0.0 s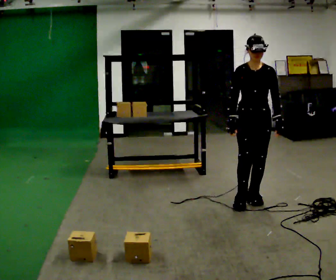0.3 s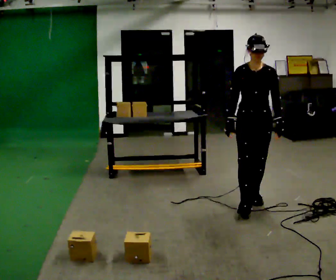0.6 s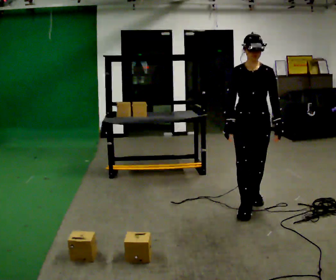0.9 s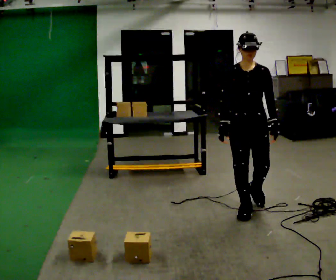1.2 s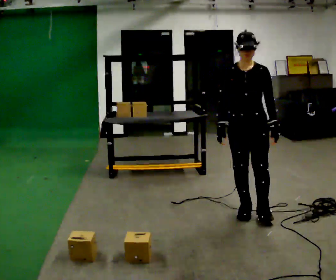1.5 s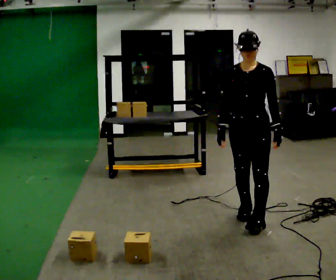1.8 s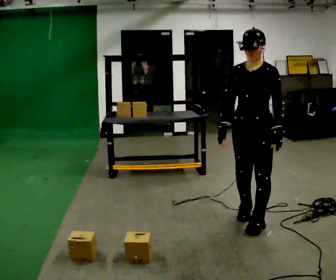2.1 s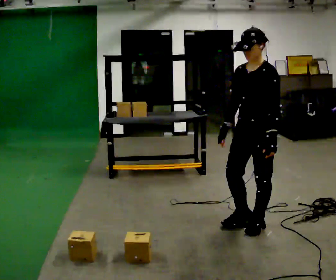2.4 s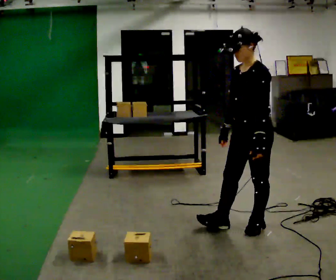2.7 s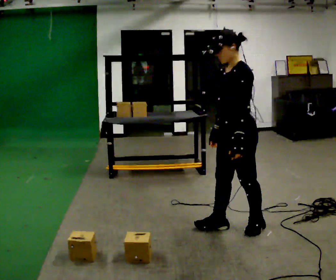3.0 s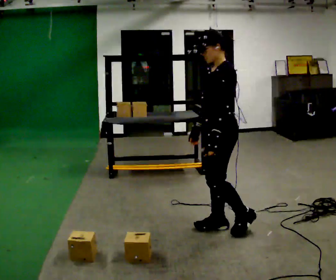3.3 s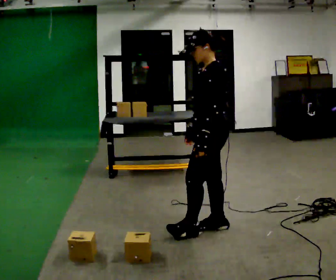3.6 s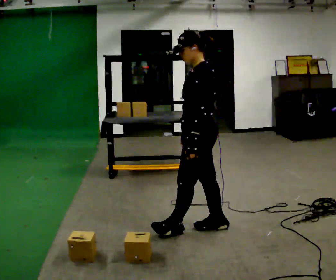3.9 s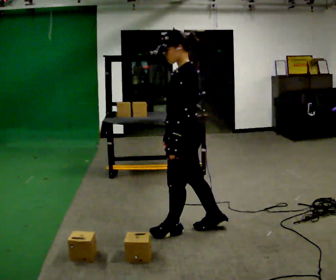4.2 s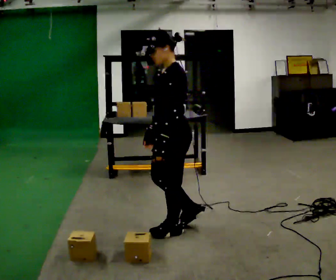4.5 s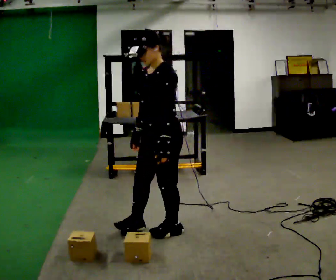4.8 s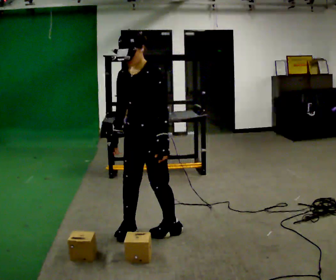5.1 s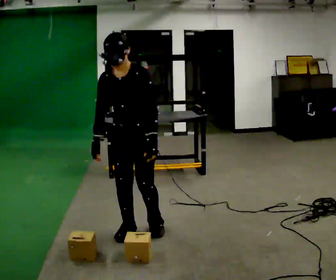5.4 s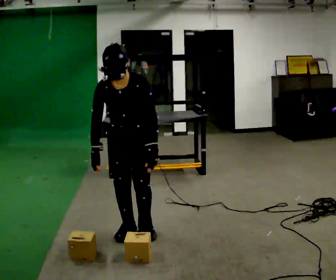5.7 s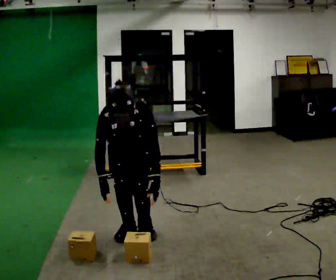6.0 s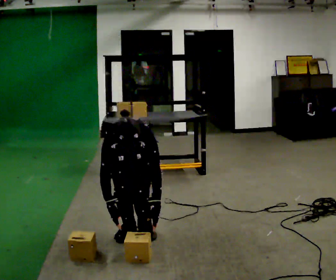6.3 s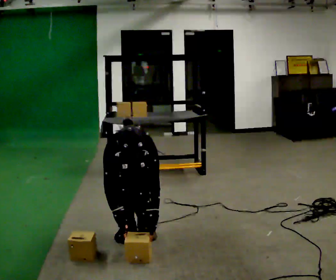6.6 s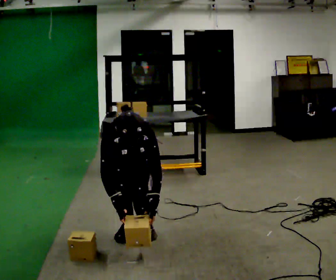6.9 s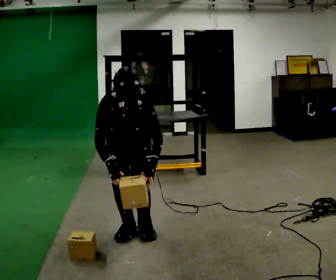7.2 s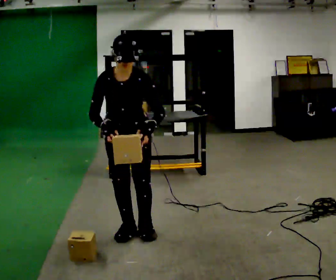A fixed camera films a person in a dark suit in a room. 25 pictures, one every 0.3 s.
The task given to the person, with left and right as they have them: Carry the box over and put it on the shelf with the label facing out towards you. Get the orientation right, not just the position. Keep going until the operator says stop; one object at a time, and do not rush between trips.
0.0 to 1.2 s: In the picture they go toward the camera, about 0.25 m in 1 step, which for them is forward.
1.2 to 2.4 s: Seen from above the body turns clockwise, about 60 degrees: to their right, with its near side sliding to the left. In the picture they go toward the camera, about 0.25 m in 2 steps, which for them is forward and to their left.
2.4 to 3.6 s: The person turns about 30 degrees to their right, clockwise seen from above, so the part of the body nearest the lens slides to the left. In the picture they go to the left, about 0.5 m in 1 step, which for them is forward.
3.6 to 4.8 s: Seen from above the body turns counterclockwise, about 60 degrees: to their left, with its near side sliding to the right. In the picture they go to the left, about 0.5 m in 1 step, which for them is forward.
4.8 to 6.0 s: The part of the body nearest the lens slides to the right as the person turns to their left by about 45 degrees. The upper body goes downward. The upper body tips toward the camera, its near side rolling downward, as they bend forward. In the picture their right hand goes downward.
6.0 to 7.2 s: The shoulders move upward. The upper body tips away from the camera, its near side rolling upward, as they lean back or straighten. In the picture their left hand goes upward.
The film runs forward here.
